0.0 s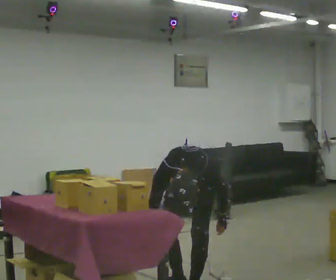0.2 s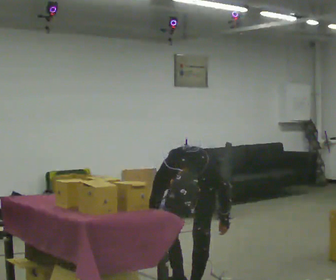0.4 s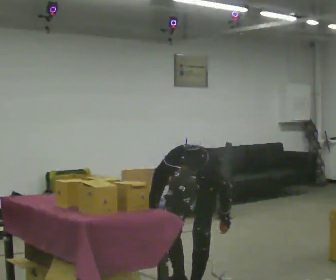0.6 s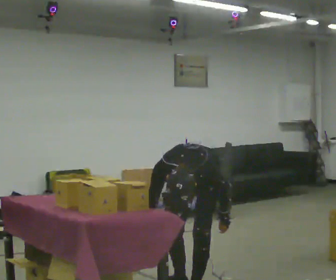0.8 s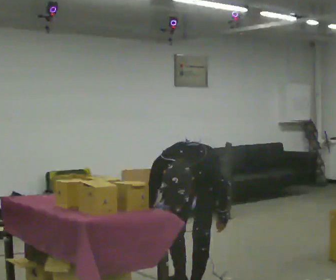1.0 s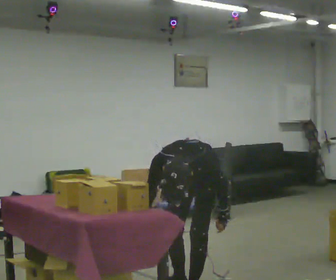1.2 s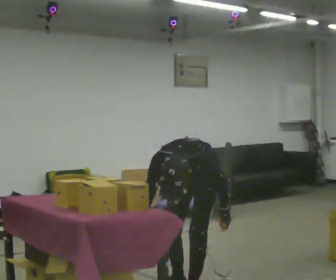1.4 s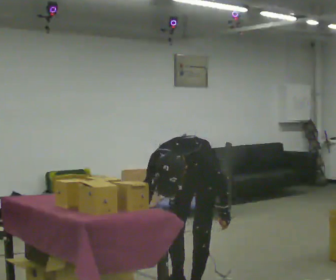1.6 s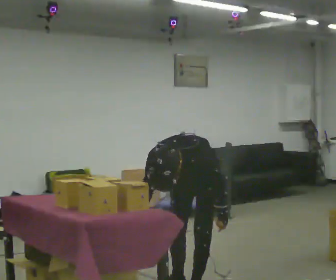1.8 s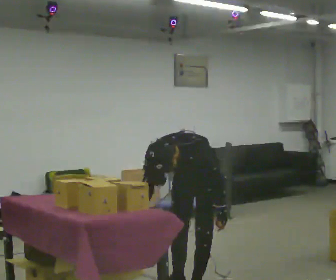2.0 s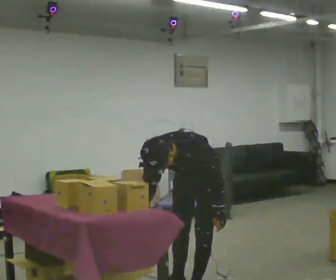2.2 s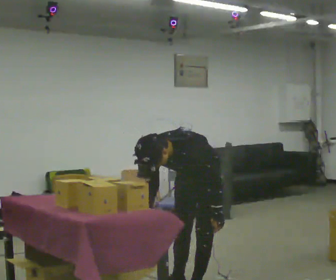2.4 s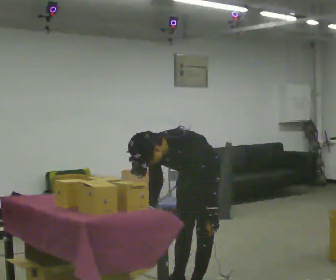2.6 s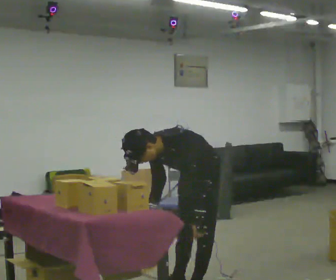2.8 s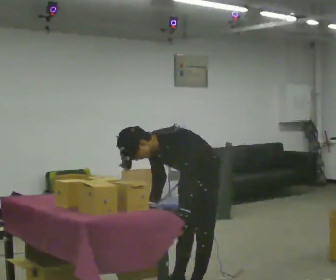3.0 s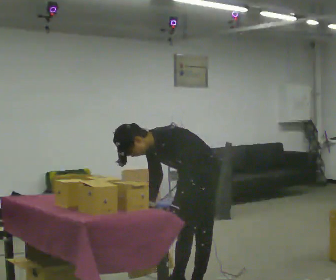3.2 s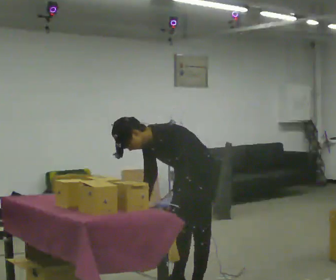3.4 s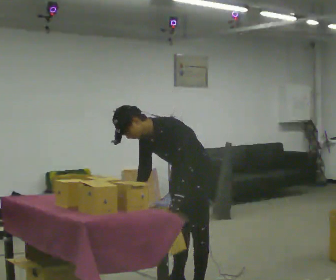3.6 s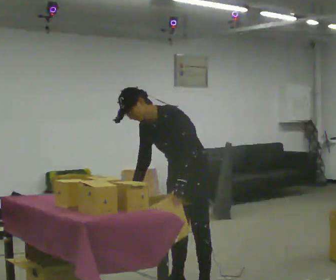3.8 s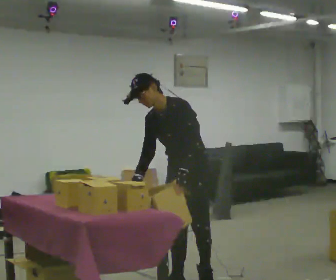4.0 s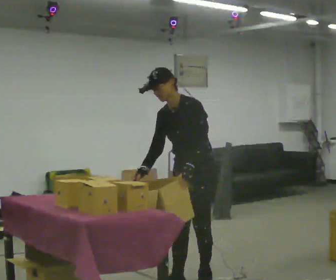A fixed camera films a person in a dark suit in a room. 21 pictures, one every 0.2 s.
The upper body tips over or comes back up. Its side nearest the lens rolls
upward.
Their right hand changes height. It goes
upward.
0.0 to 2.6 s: Seen from above the body turns clockwise, about 30 degrees: to their right, with its near side sliding to the left. The shoulders move upward.
2.6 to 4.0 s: In the picture they go away from the camera, about 0.25 m in 1 step, which for them is to their right. The shoulders move upward. The upper body tips away from the camera, its near side rolling upward, as they lean back or straighten.
The film runs backward here.
